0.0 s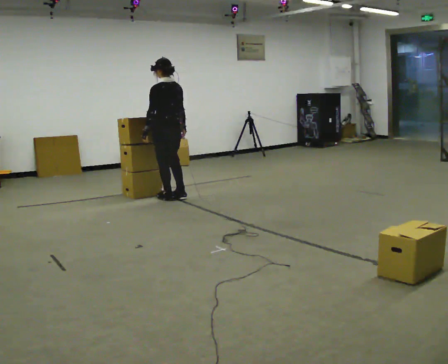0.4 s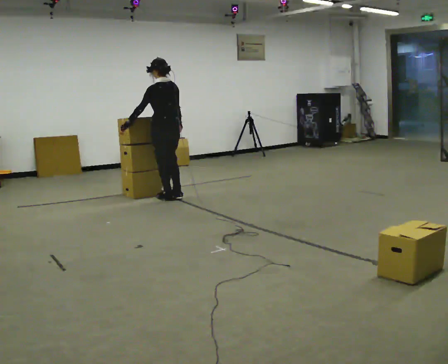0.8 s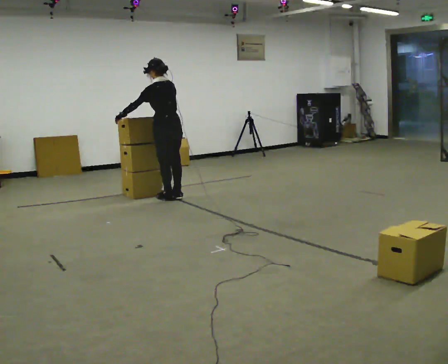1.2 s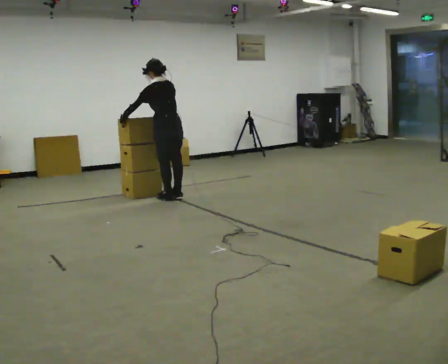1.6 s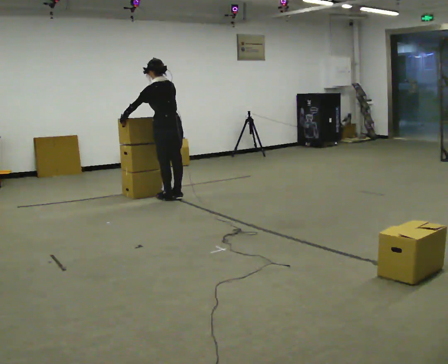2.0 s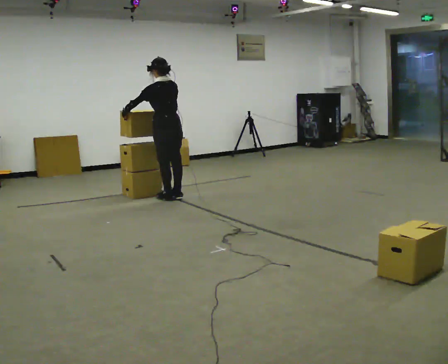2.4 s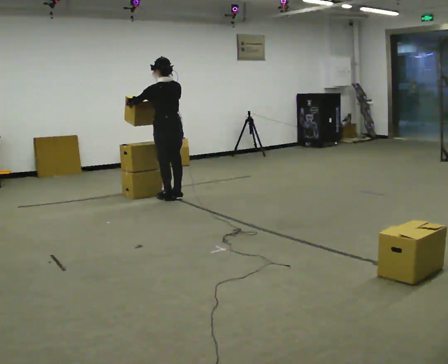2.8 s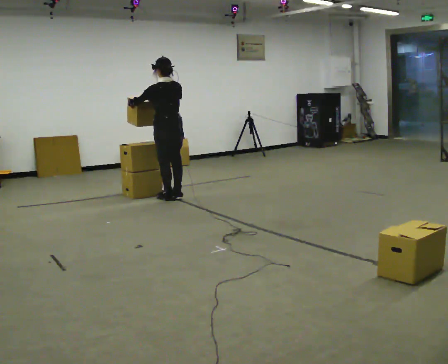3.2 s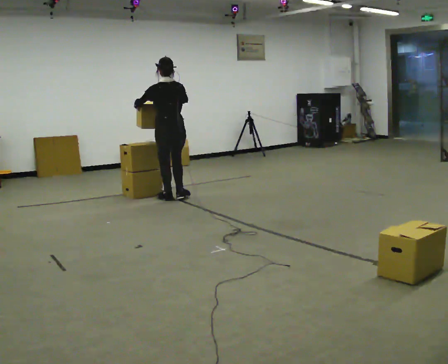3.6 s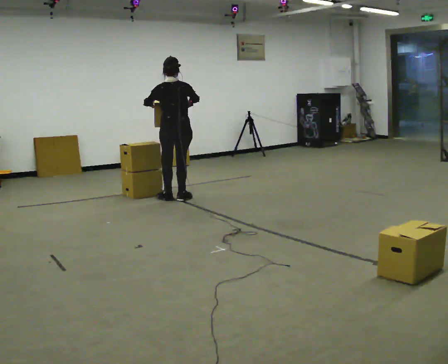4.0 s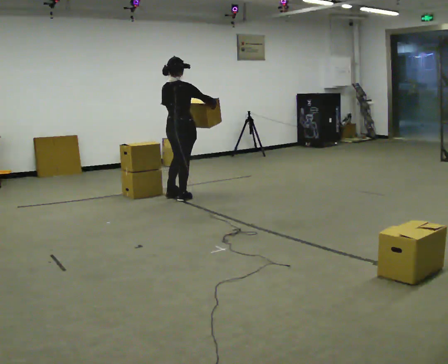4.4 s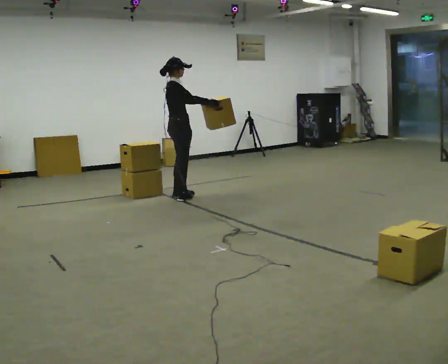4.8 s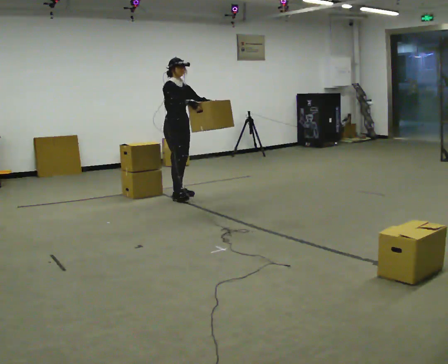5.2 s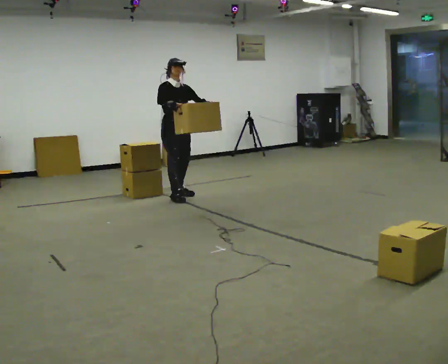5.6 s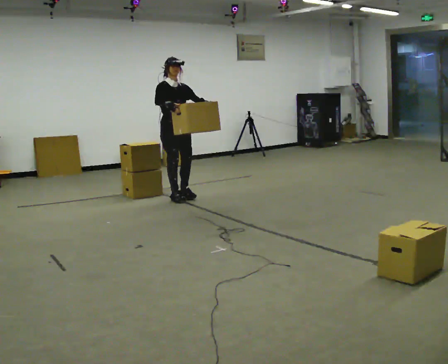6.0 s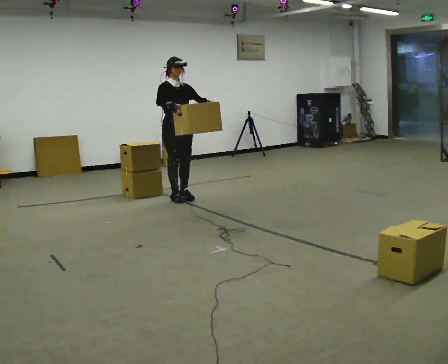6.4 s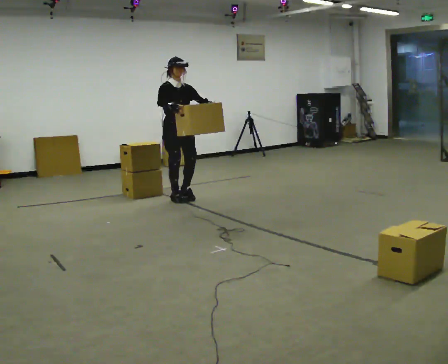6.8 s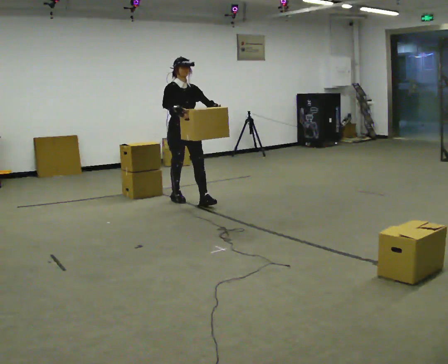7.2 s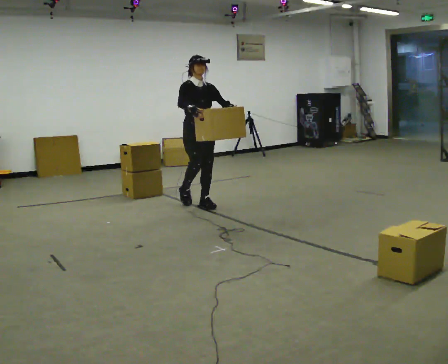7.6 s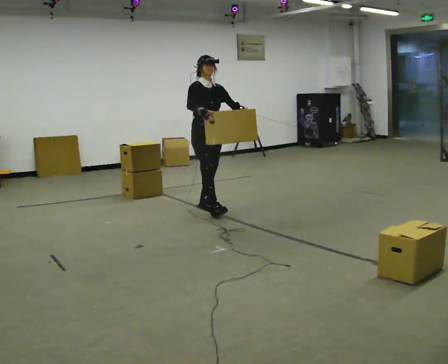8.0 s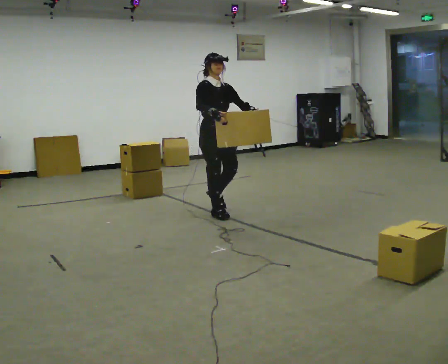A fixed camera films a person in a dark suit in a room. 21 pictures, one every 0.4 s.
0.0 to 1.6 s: In the picture the upper body tilts counterclockwise, shoulders to the left.
1.6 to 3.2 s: The person moves a little, or ends about where they began.
3.2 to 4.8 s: The person turns about 150 degrees to their right, clockwise seen from above, so the part of the body nearest the lens slides to the left. In the picture they go away from the camera, about 0.25 m in 1 step.
4.8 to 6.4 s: In the picture they go toward the camera, about 0.25 m, which for them is forward.
6.4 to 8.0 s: In the picture they go toward the camera and to the right, about 1 m in 2 steps, which for them is forward.
The film runs forward here.
